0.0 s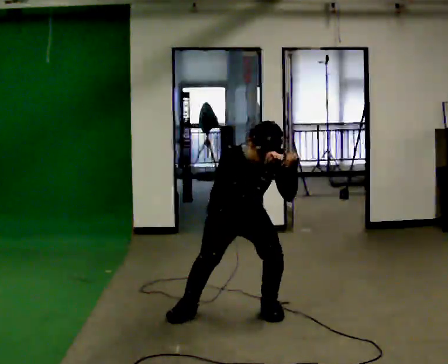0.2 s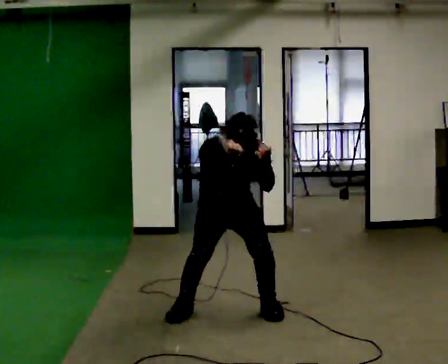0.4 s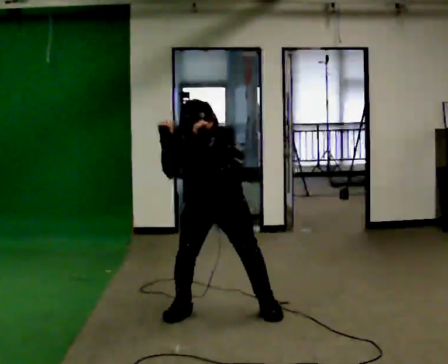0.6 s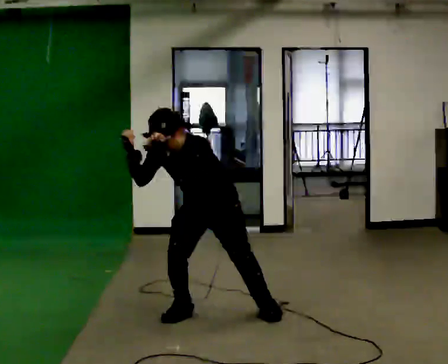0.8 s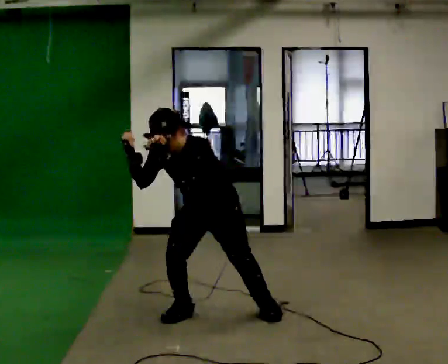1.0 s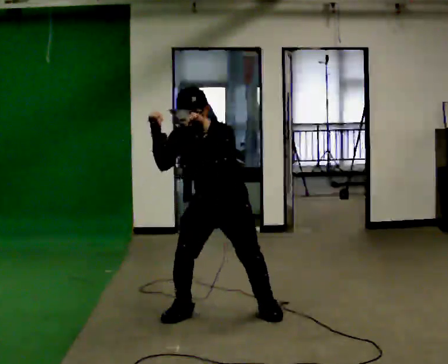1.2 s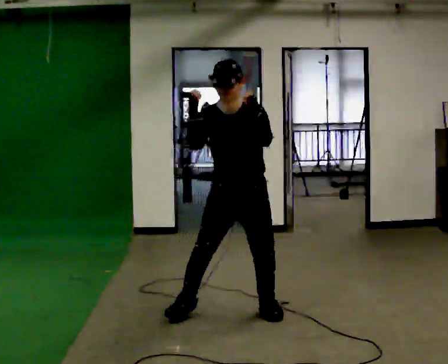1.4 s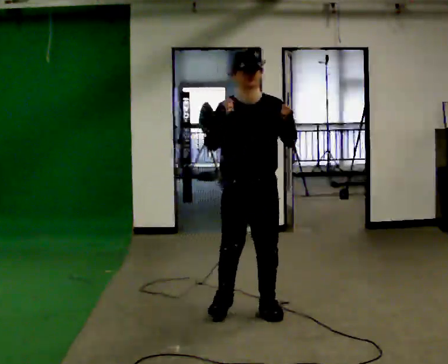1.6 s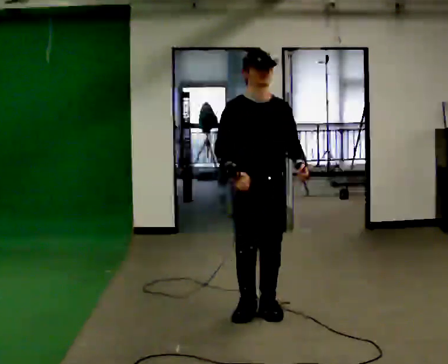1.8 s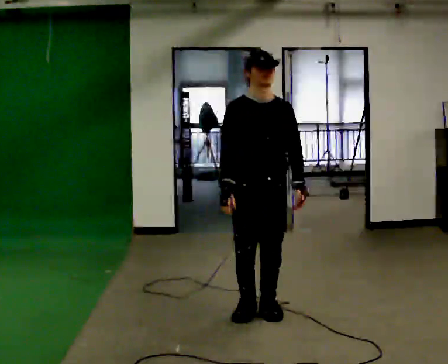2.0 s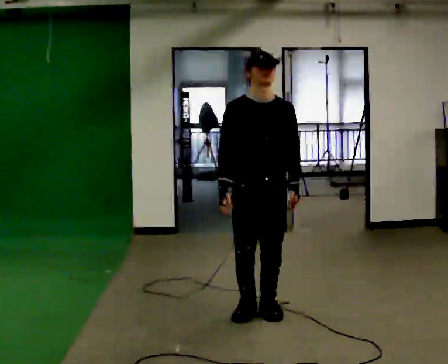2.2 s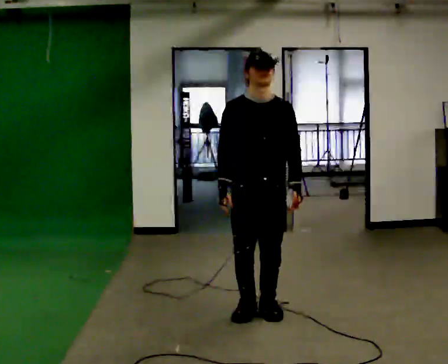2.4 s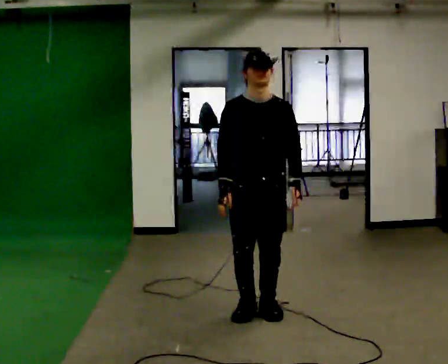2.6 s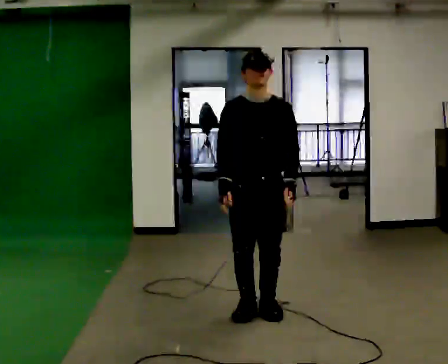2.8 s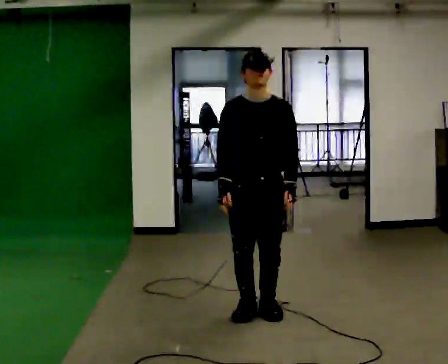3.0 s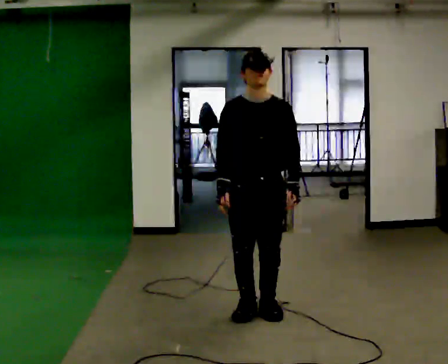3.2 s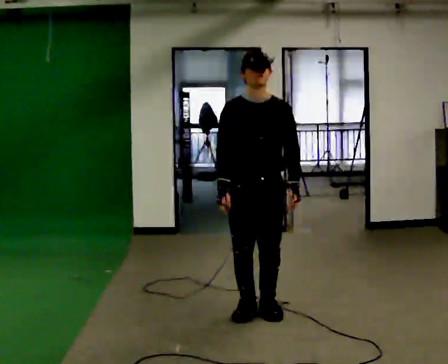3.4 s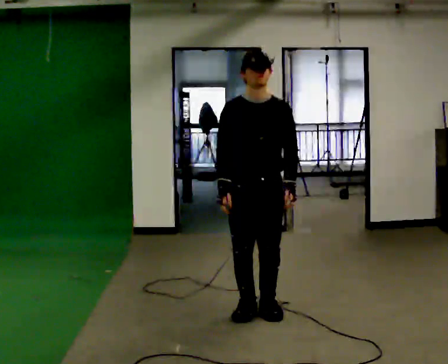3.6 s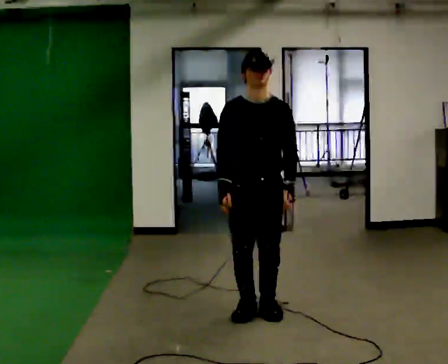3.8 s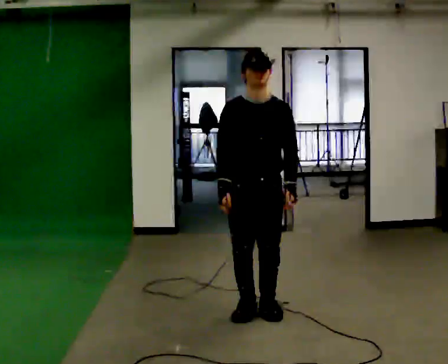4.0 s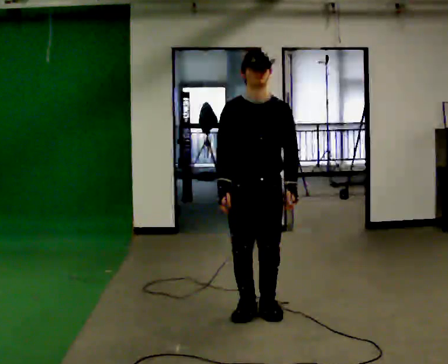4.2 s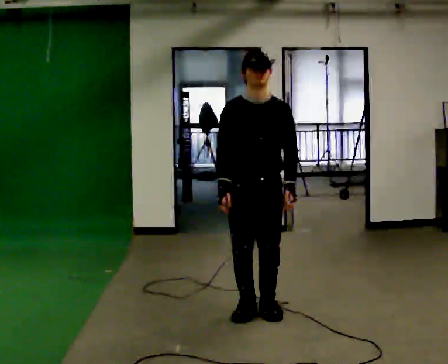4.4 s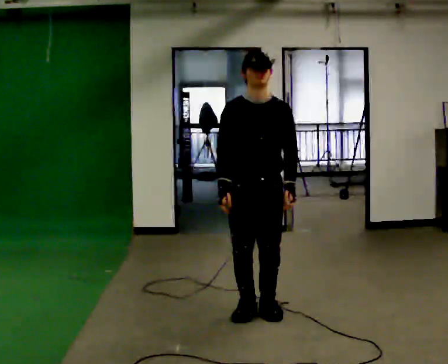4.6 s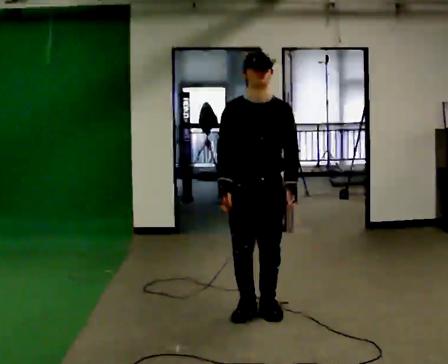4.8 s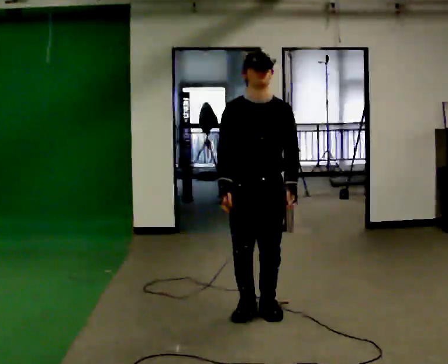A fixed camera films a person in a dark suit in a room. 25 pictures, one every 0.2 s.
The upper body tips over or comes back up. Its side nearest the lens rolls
upward.
0.0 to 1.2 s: The upper body goes upward. The upper body tips away from the camera, its near side rolling upward, as they lean back or straighten. In the picture their right hand goes to the left and upward.
1.2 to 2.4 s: In the picture their left hand goes downward.
2.4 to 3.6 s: The person moves a little, or ends about where they began.
3.6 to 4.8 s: The person keeps their place and pose.
The film runs forward here.
